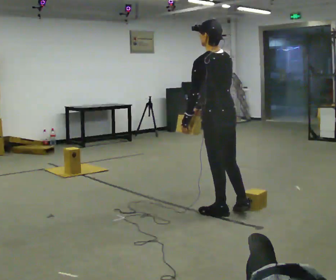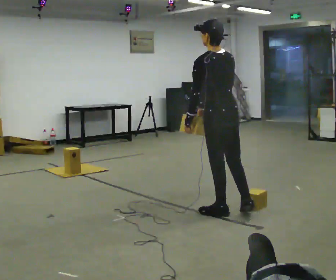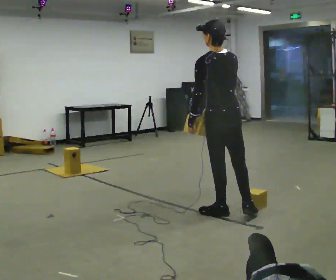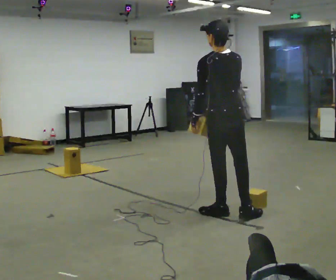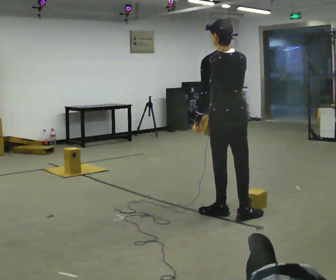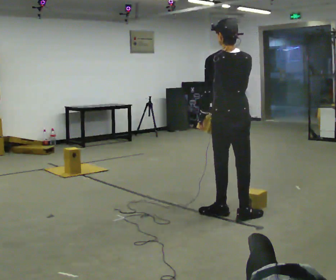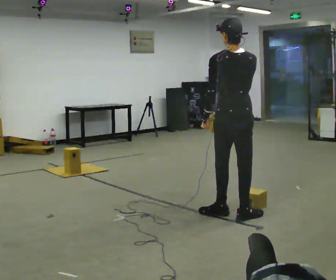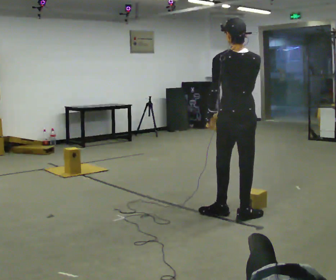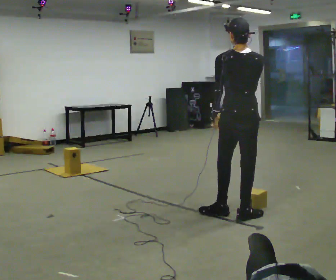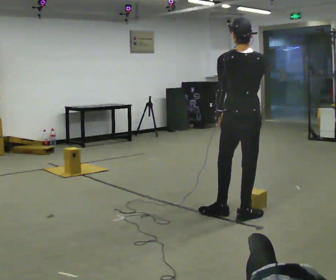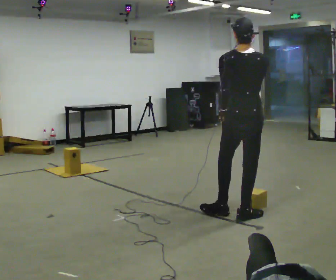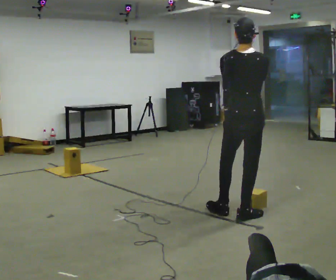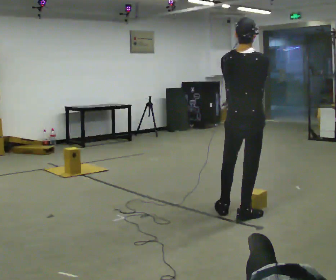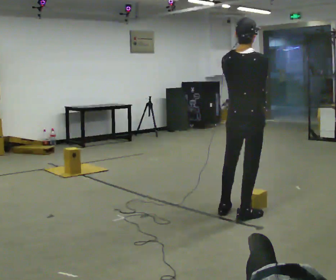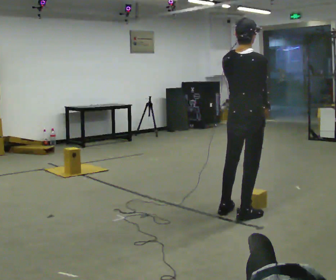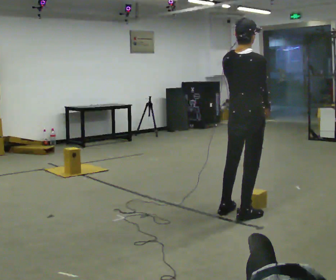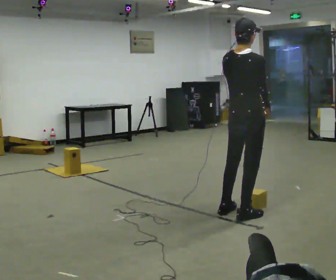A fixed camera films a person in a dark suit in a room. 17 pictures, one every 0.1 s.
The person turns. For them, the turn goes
to their right.
The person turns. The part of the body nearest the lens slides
to the left.
0.0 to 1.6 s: The part of the body nearest the lens slides to the left as the person turns to their right by about 75 degrees. In the picture they go to the right, about 0.25 m. In the picture their left hand goes to the right.
The film runs backward here.
